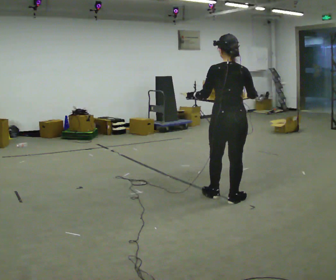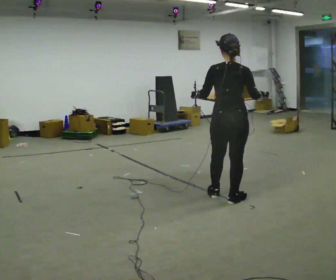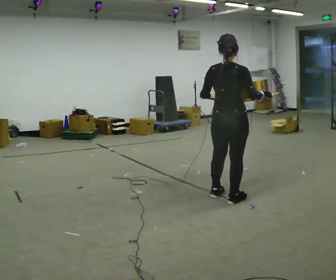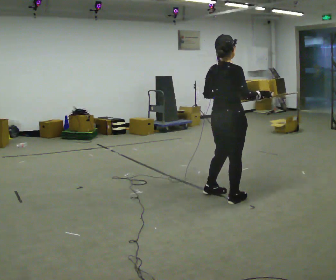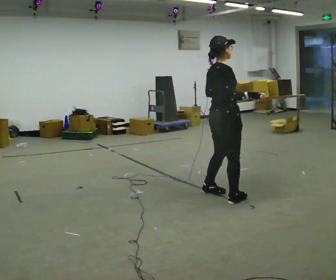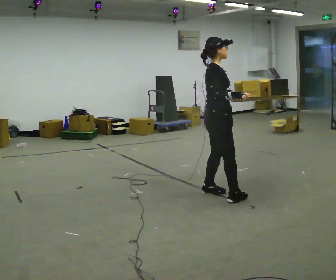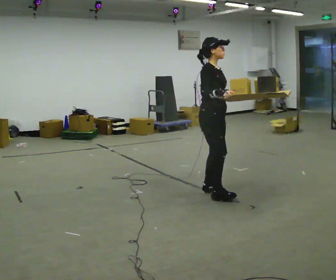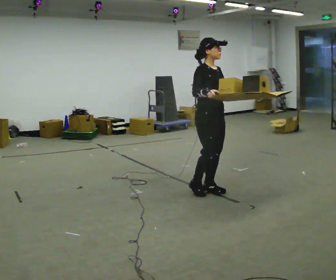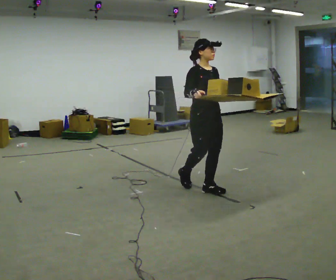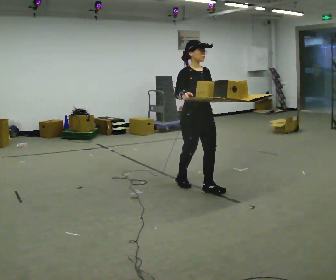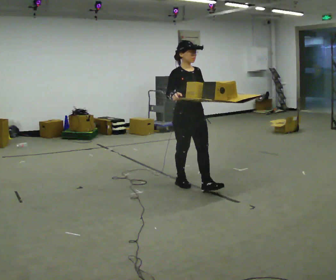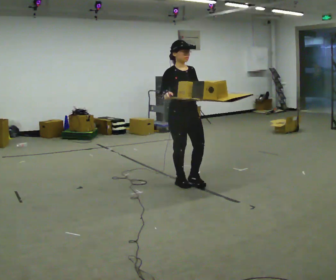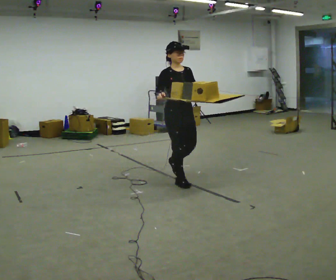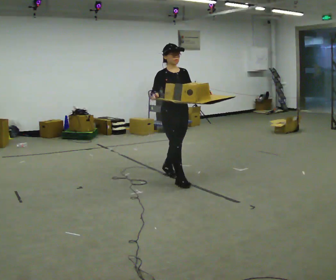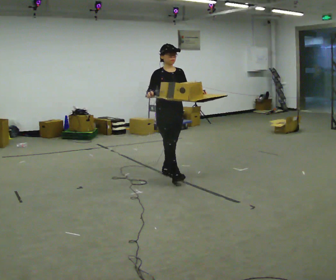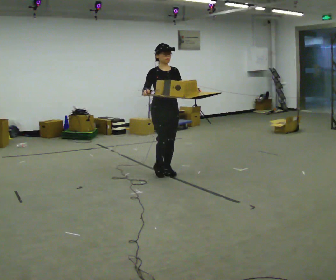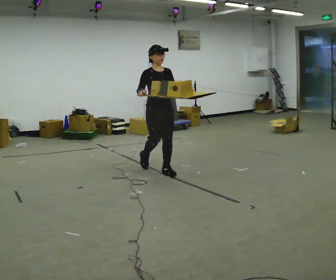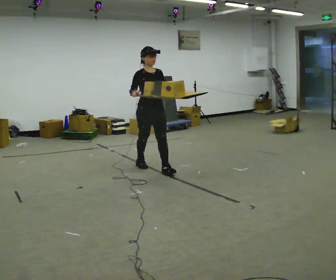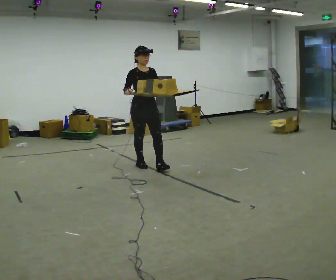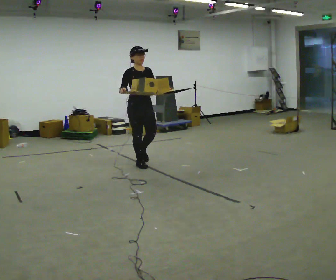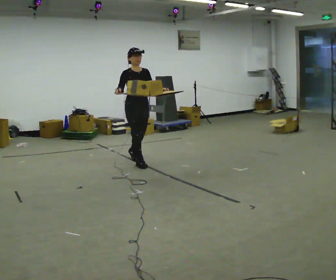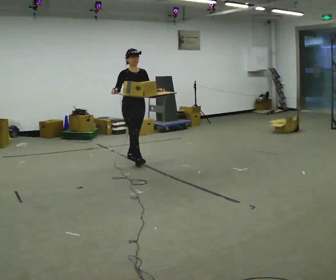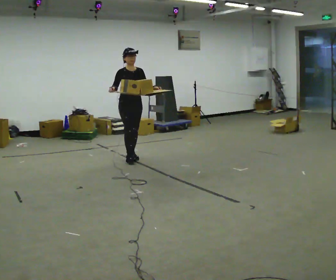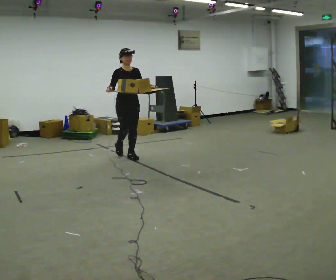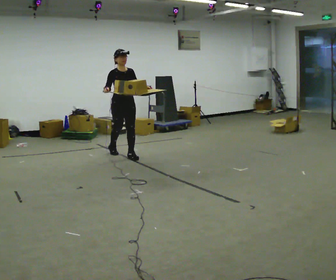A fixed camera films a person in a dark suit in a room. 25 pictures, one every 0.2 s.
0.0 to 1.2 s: Seen from above the body turns clockwise, about 120 degrees: to their right, with its near side sliding to the left. In the picture they go away from the camera and to the left, about 0.25 m in 2 steps.
1.2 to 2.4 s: Seen from above the body turns clockwise, about 30 degrees: to their right, with its near side sliding to the left. In the picture they go to the left and away from the camera, about 0.5 m in 1 step, which for them is backward.
2.4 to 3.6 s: In the picture they go away from the camera and to the left, about 1 m in 2 steps, which for them is backward.
3.6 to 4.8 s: In the picture they go away from the camera and to the left, about 0.5 m in 1 step, which for them is backward.
The film runs backward here.
